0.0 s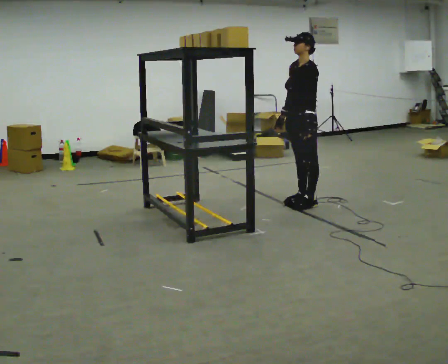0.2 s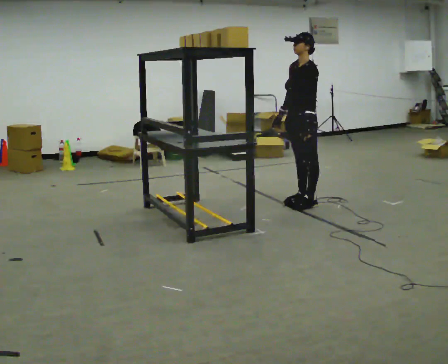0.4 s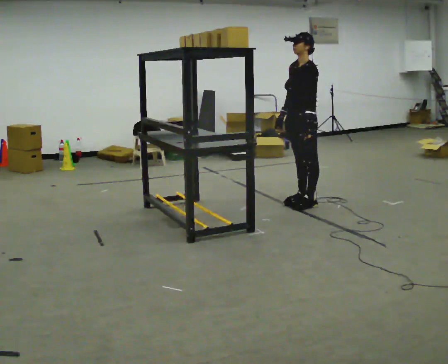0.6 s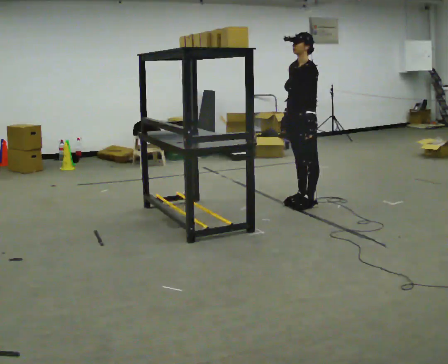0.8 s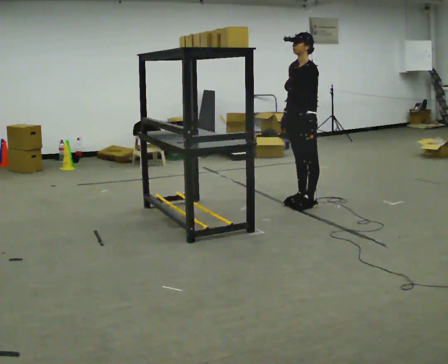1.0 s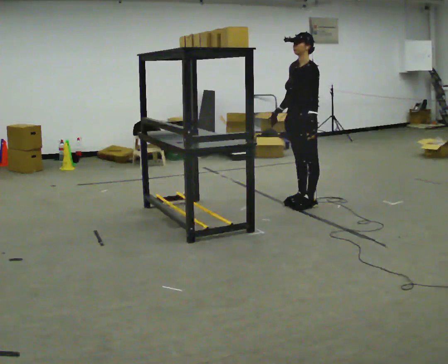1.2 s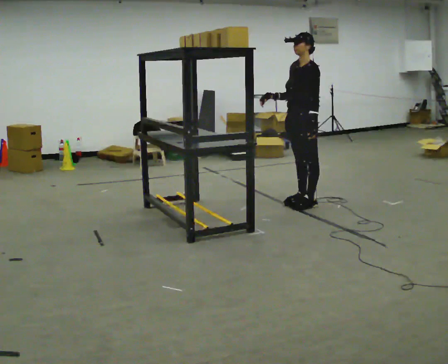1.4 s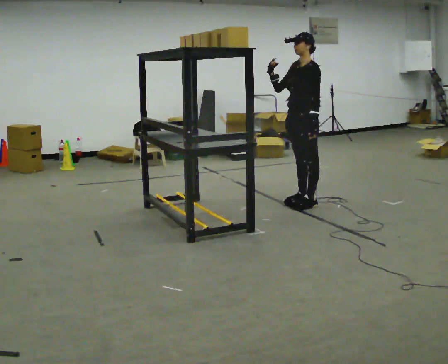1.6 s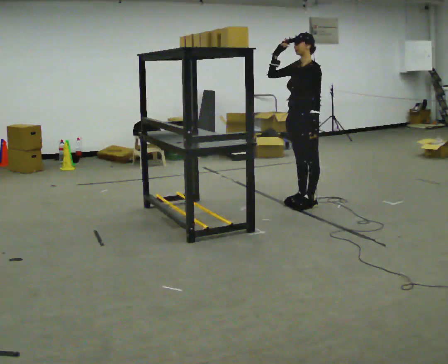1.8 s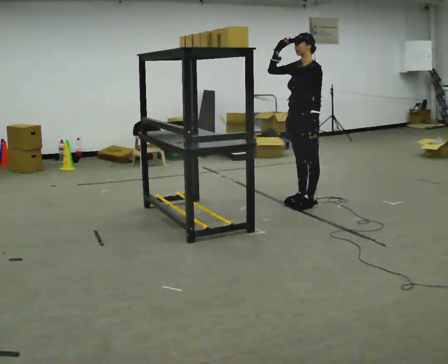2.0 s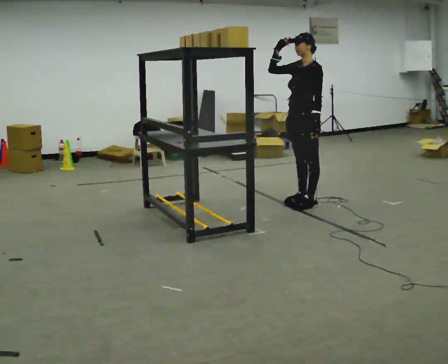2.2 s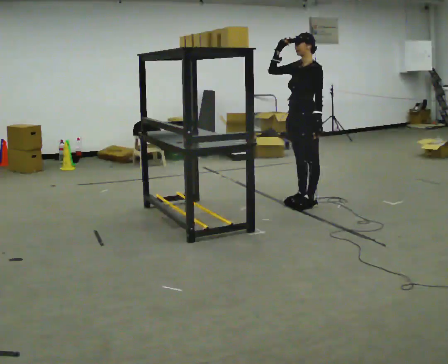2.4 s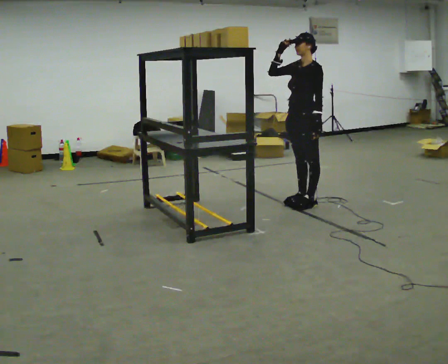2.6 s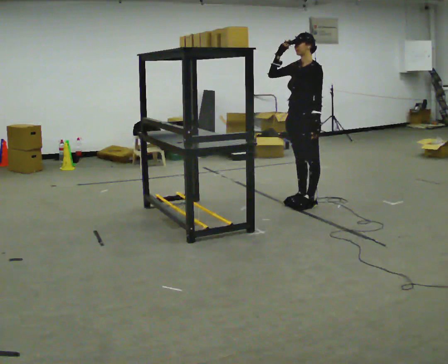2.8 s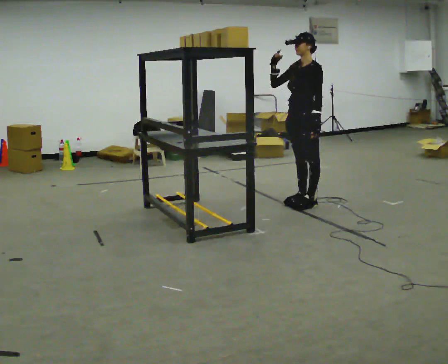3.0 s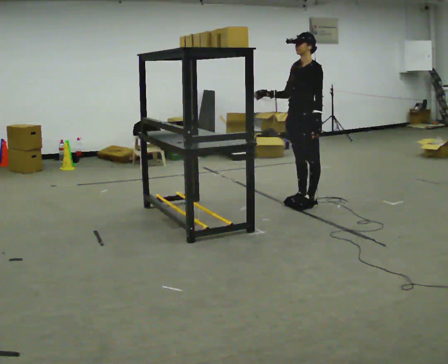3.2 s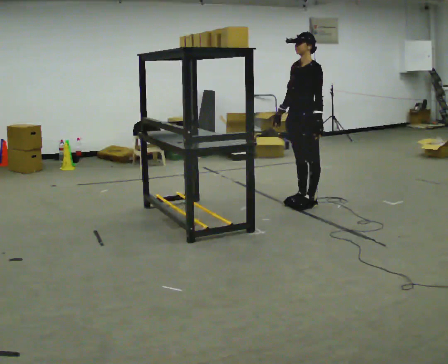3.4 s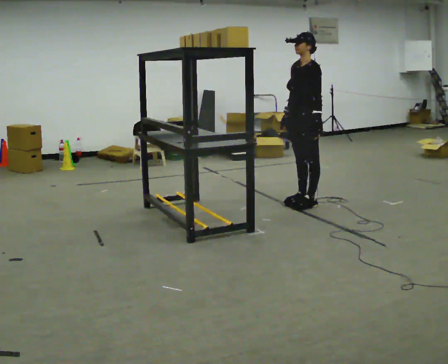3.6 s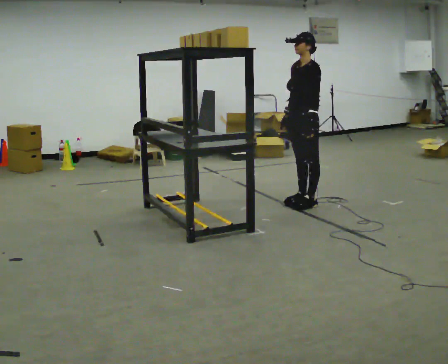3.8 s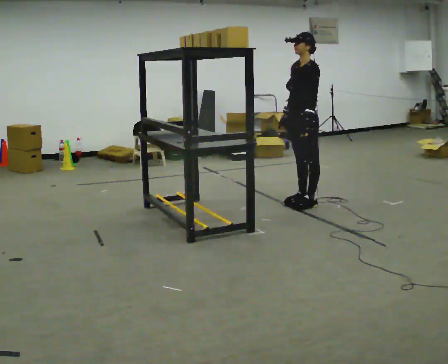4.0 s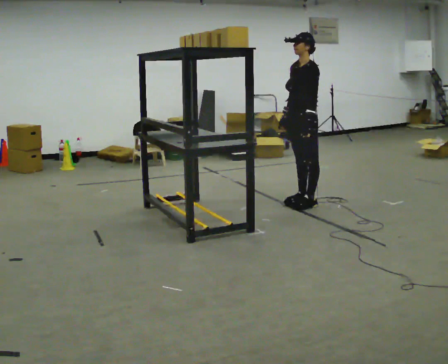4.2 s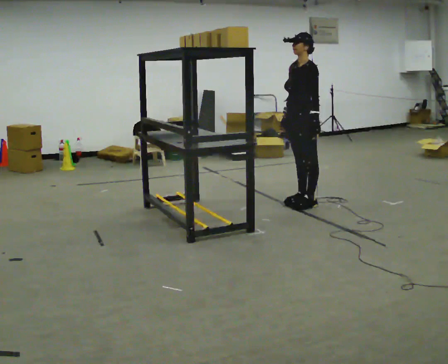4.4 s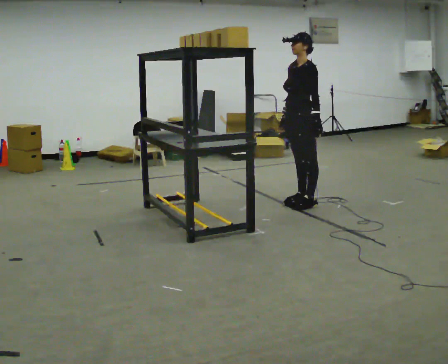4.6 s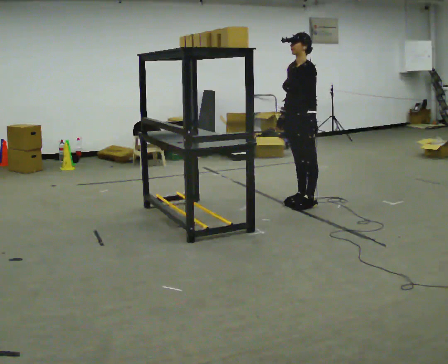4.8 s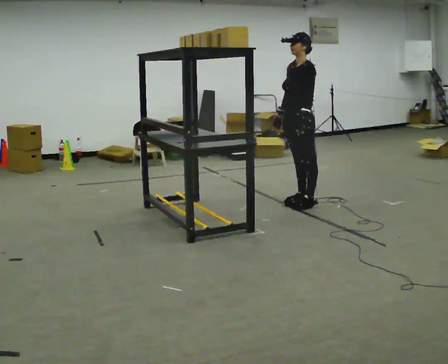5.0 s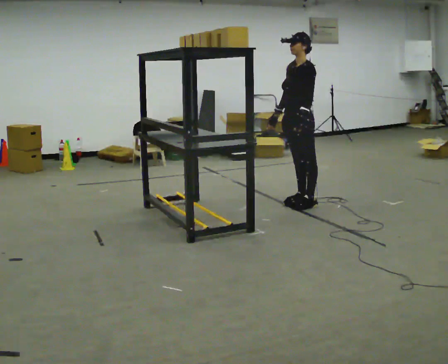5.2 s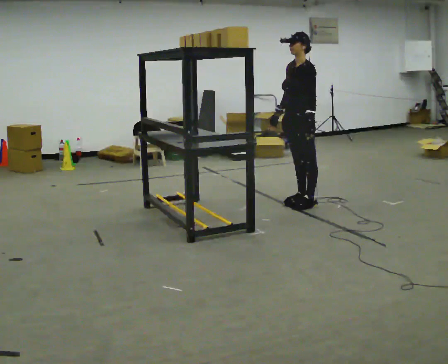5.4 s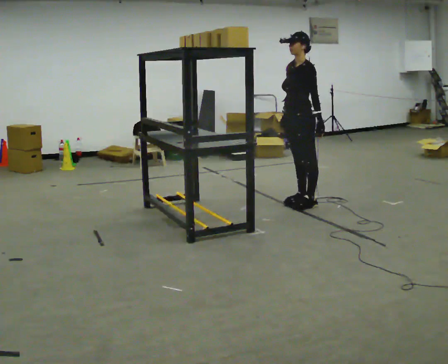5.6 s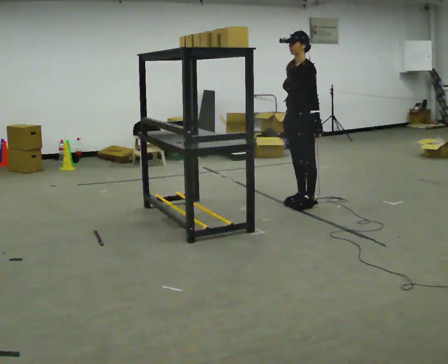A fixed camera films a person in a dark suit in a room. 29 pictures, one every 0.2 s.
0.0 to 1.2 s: The person moves a little, or ends about where they began.
1.2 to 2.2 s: In the picture their right hand goes upward.
2.2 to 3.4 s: In the picture their right hand goes downward.
3.4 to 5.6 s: The person moves a little, or ends about where they began.
The film runs backward here.
